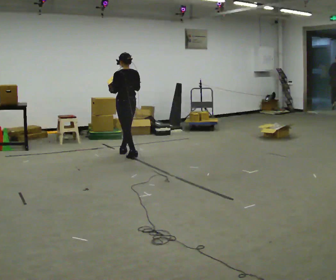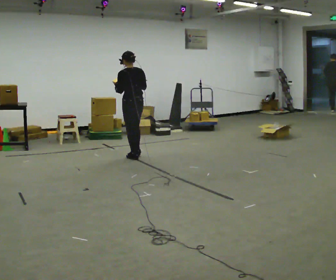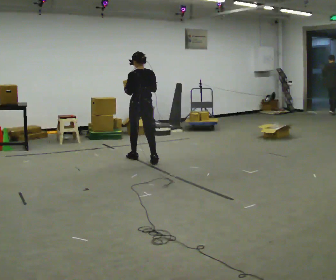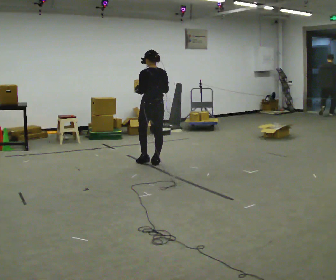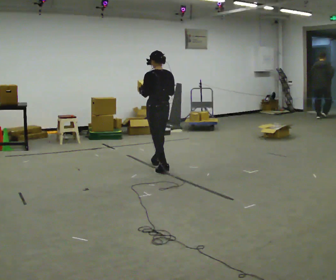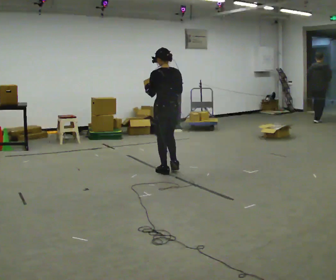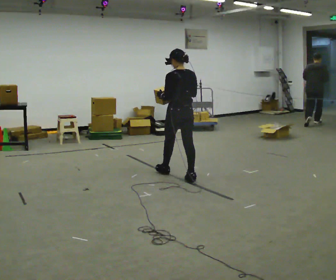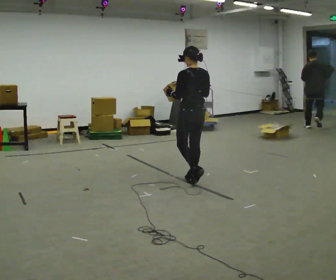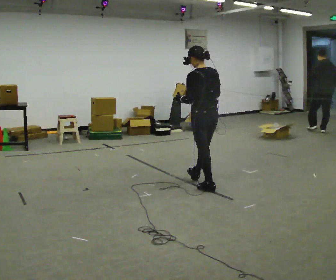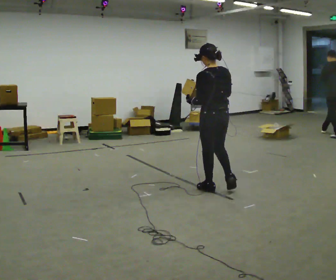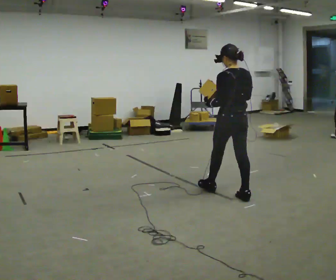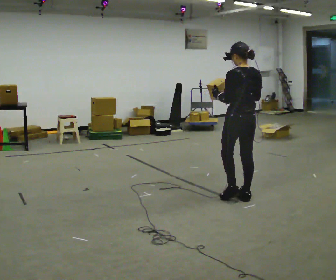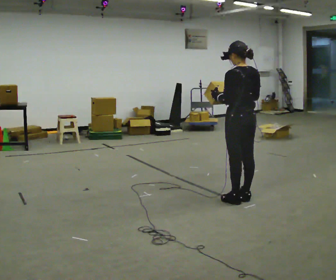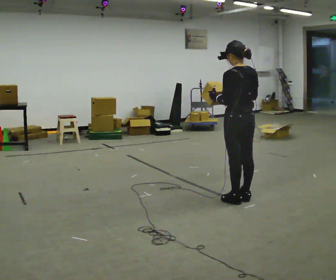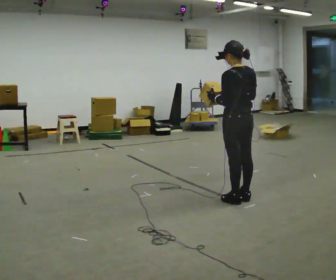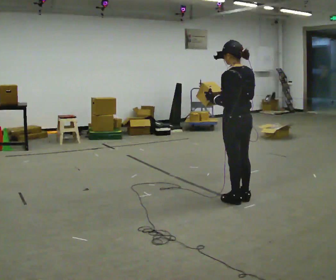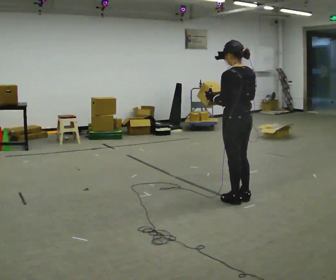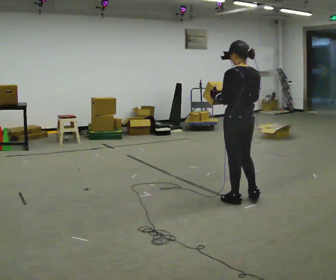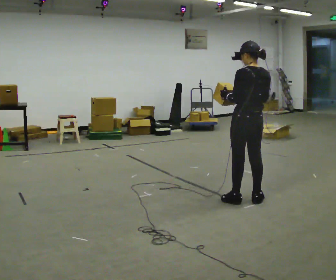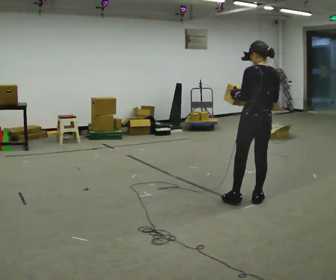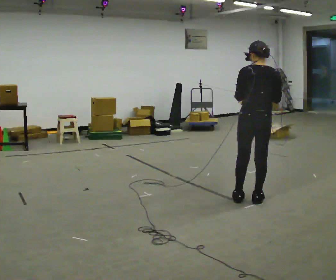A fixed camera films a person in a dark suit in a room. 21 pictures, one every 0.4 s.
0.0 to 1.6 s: In the picture they go to the right and toward the camera, about 1 m in 2 steps, which for them is backward.
1.6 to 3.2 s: In the picture they go toward the camera and to the right, about 1 m in 3 steps, which for them is backward.
3.2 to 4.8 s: In the picture they go to the right and toward the camera, about 0.5 m in 1 step, which for them is backward.
4.8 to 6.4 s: The person moves a little, or ends about where they began.
6.4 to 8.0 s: The person turns about 30 degrees to their right, clockwise seen from above, so the part of the body nearest the lens slides to the left. In the picture their right hand goes to the right.
The film runs backward here.
